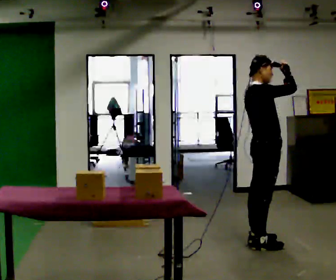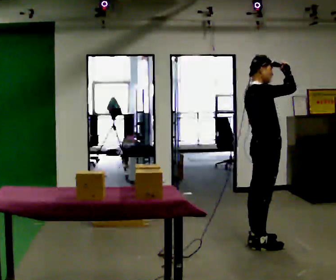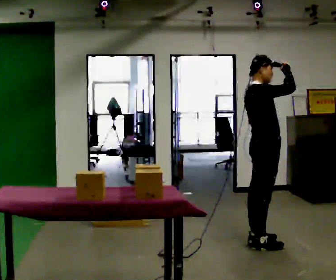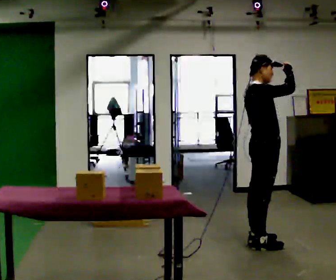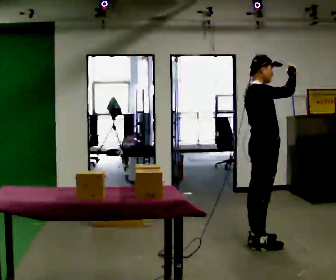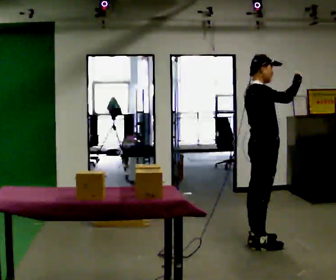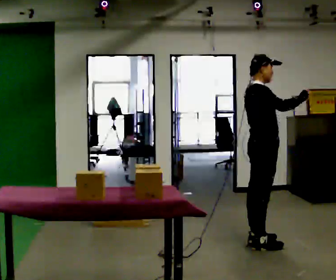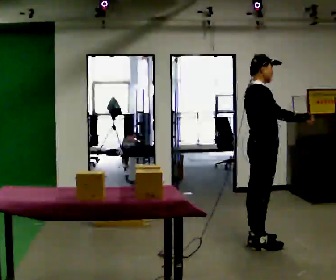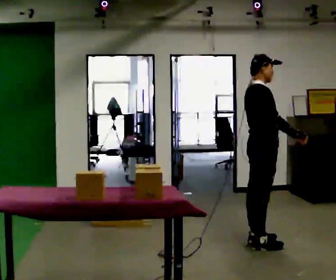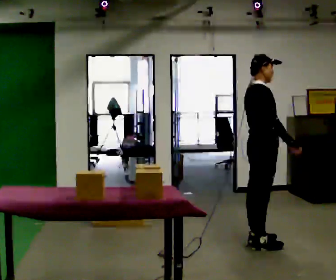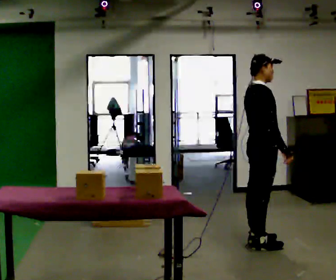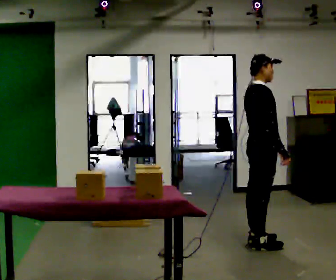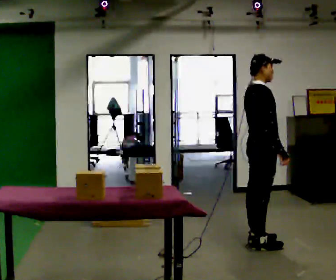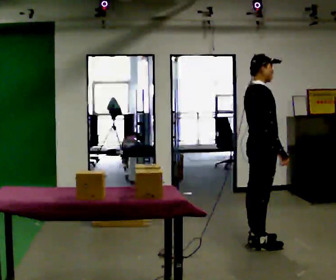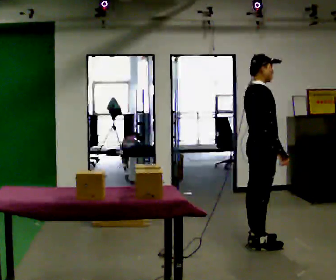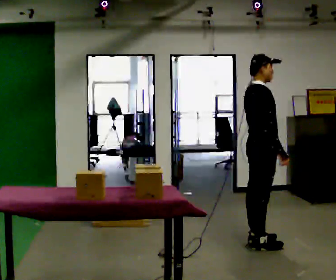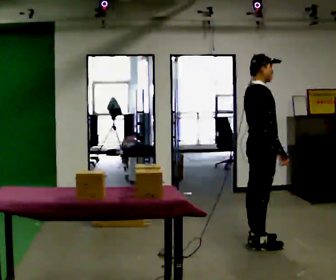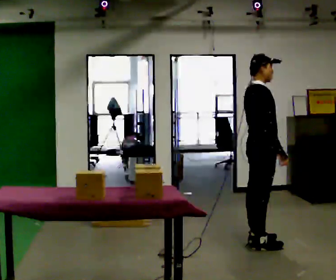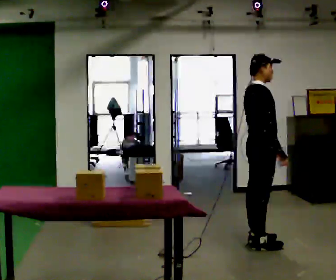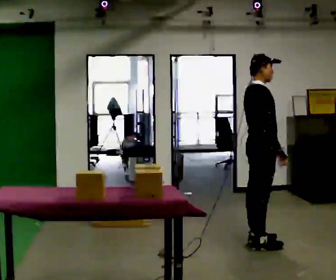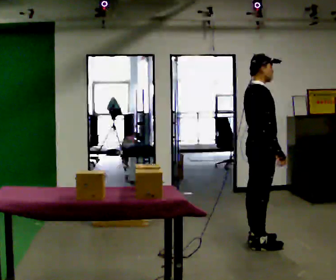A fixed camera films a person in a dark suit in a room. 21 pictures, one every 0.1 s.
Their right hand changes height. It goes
downward.
Their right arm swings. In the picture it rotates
clockwise.
0.0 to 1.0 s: In the picture their right hand goes downward, the arm swinging clockwise.
1.0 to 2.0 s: The person moves a little, or ends about where they began.
The film runs backward here.
